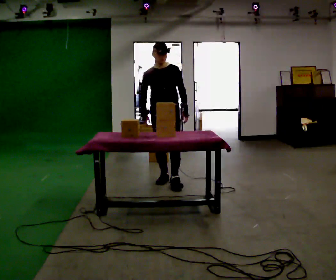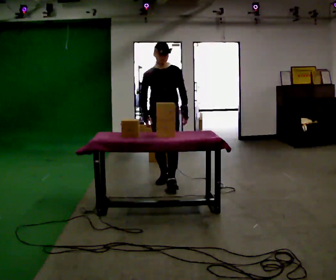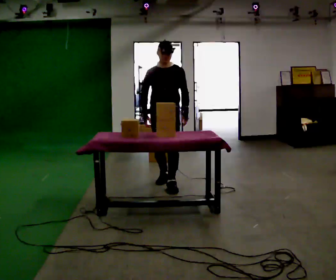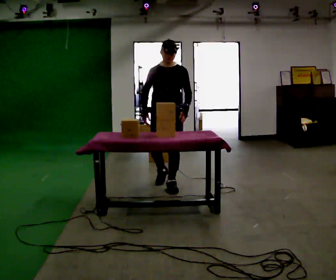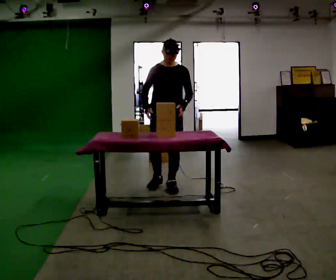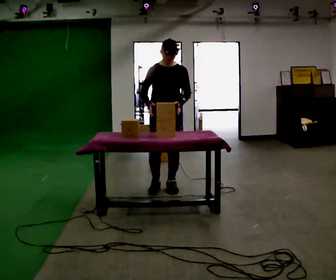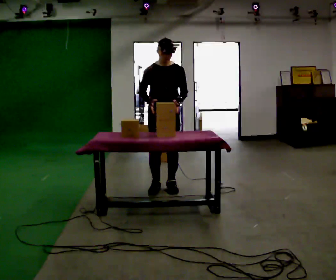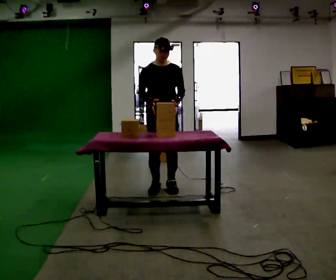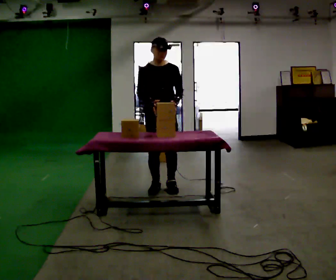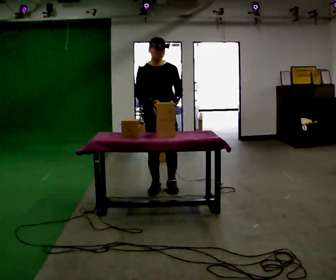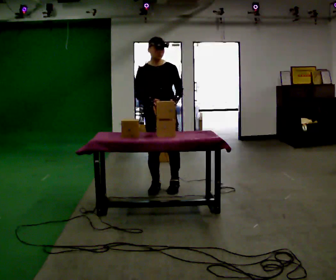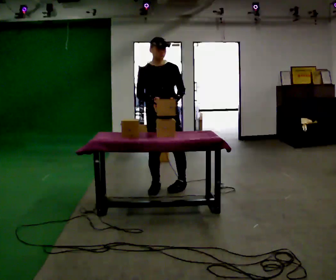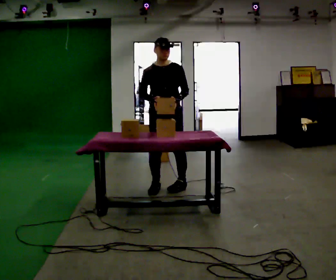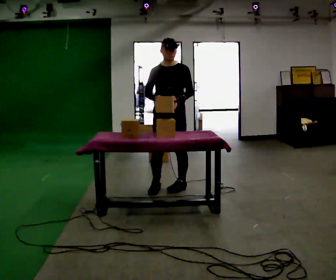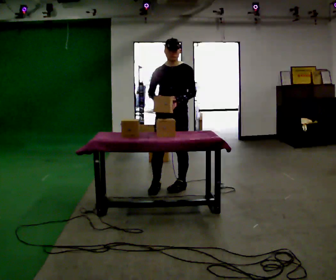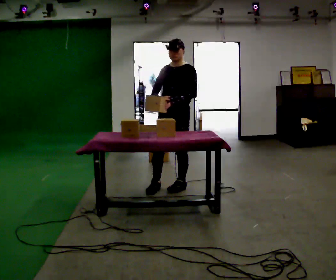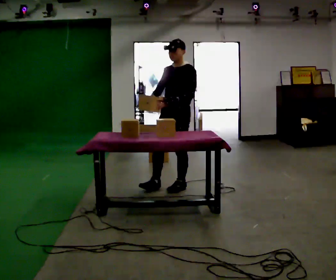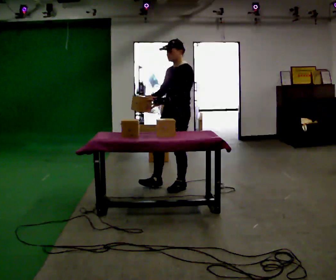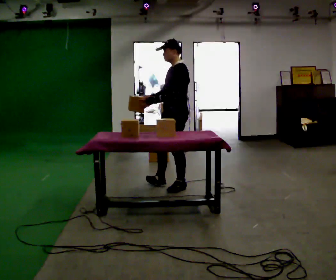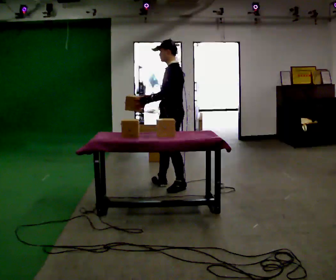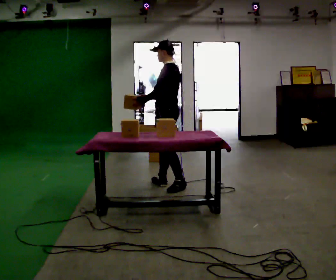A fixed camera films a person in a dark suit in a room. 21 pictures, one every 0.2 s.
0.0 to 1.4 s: In the picture they go toward the camera, about 0.25 m in 2 steps, which for them is forward.
1.4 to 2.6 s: The person moves a little, or ends about where they began.
2.6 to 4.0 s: Seen from above the body turns clockwise, about 90 degrees: to their right, with its near side sliding to the left.
The film runs forward here.
